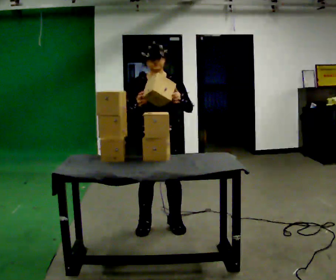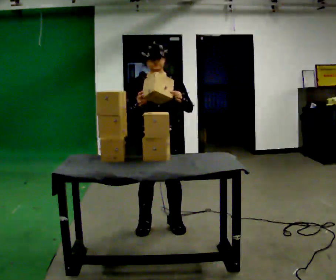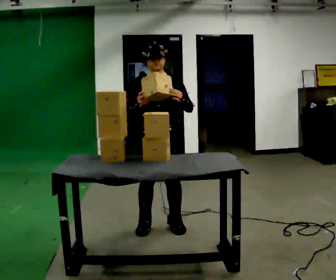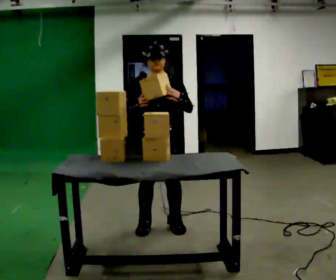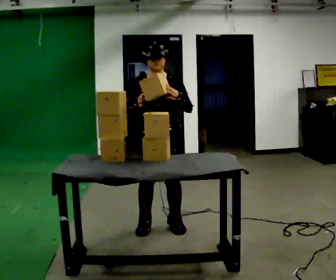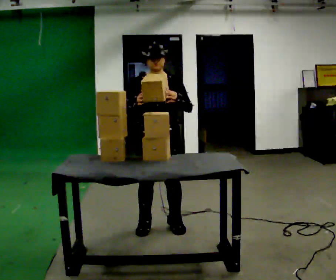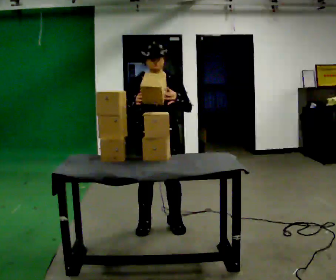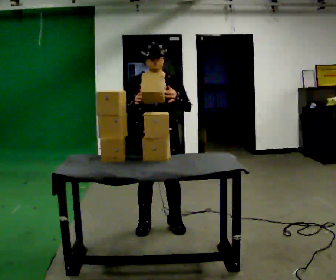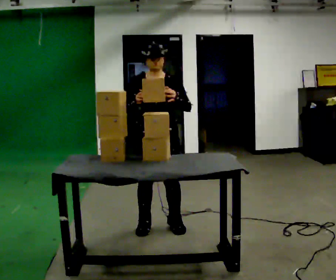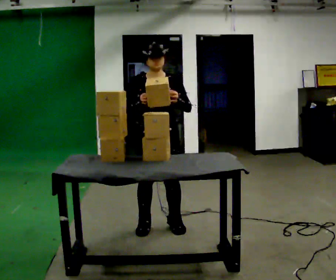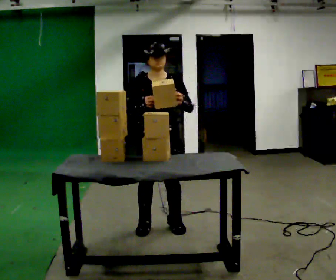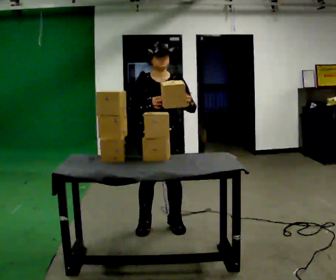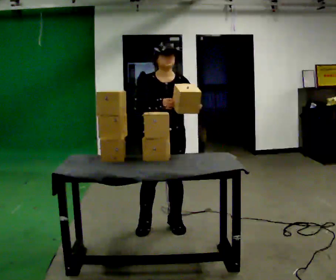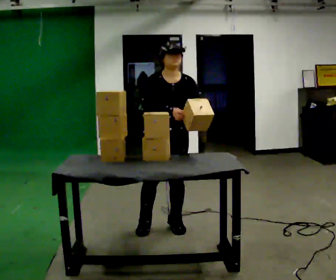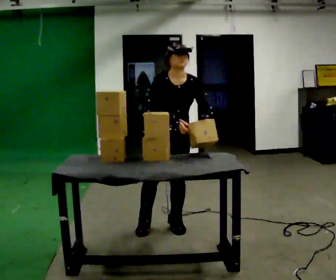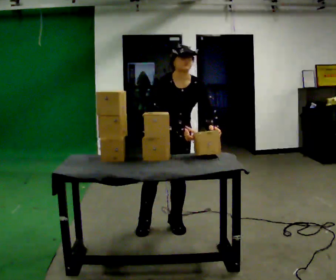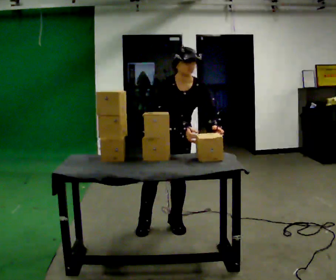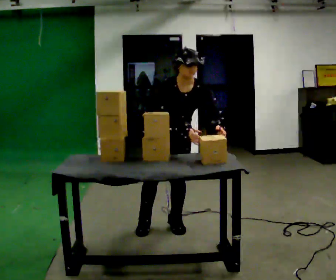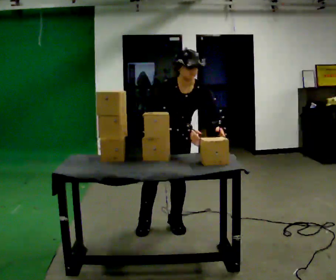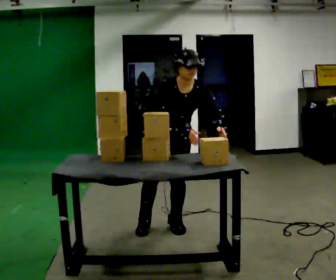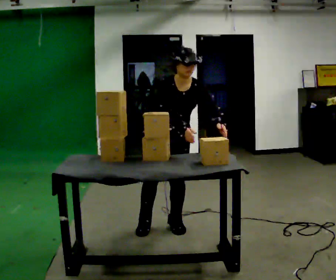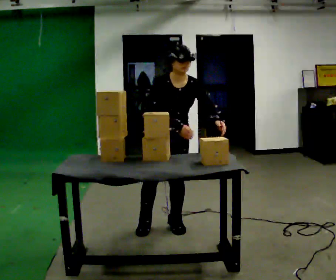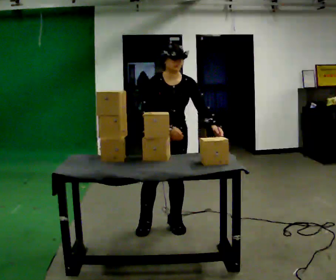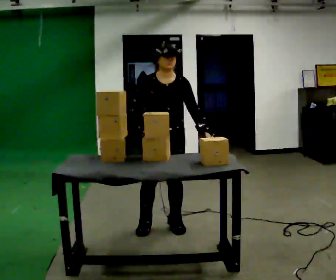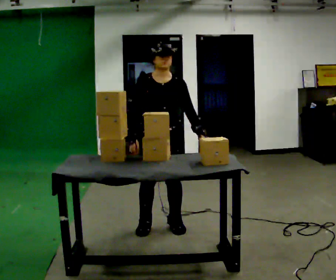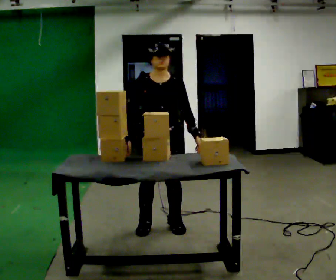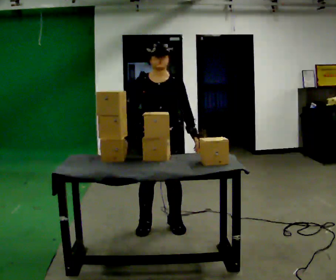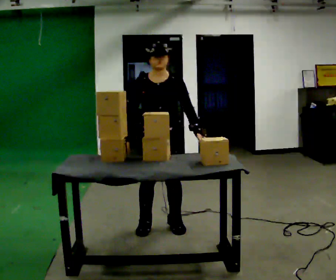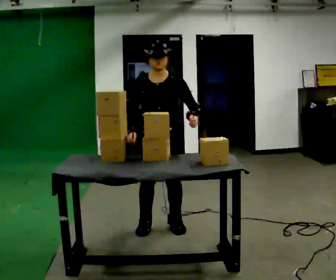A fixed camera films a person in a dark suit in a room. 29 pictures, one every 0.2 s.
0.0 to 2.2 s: The person moves a little, or ends about where they began.
2.2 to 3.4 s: The upper body tips toward the camera, its near side rolling downward, as they bend forward.
3.4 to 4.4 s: The upper body tips away from the camera, its near side rolling upward, as they lean back or straighten.
4.4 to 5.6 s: The person moves a little, or ends about where they began.
The film runs backward here.
